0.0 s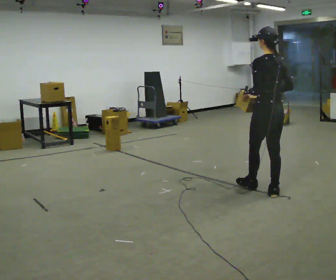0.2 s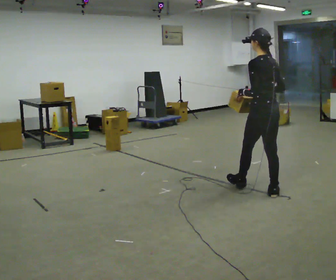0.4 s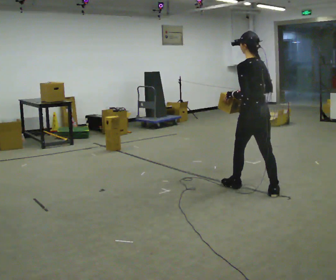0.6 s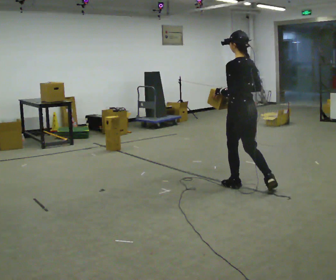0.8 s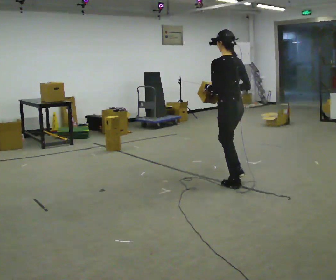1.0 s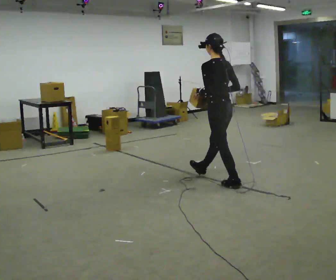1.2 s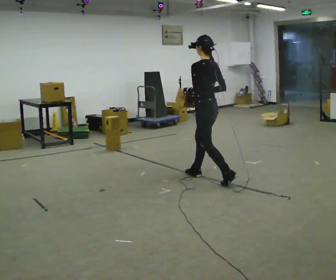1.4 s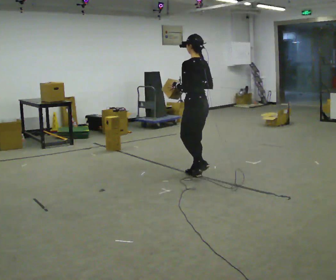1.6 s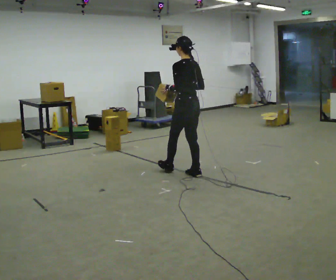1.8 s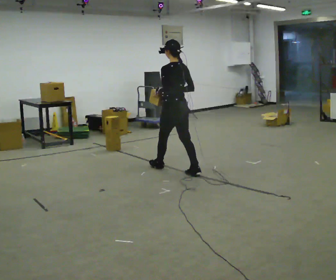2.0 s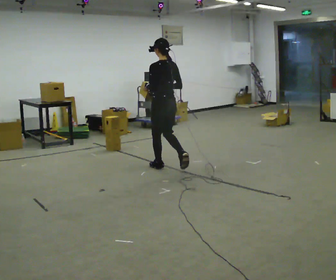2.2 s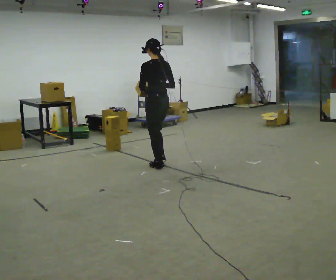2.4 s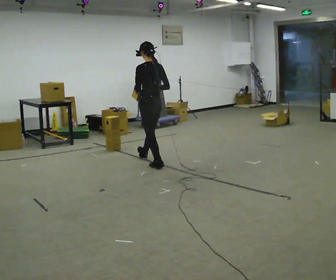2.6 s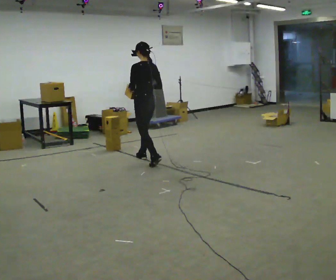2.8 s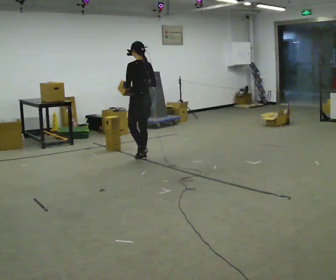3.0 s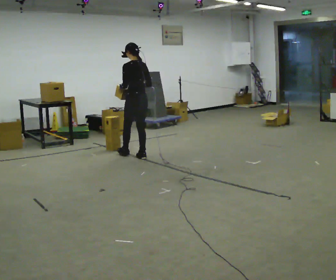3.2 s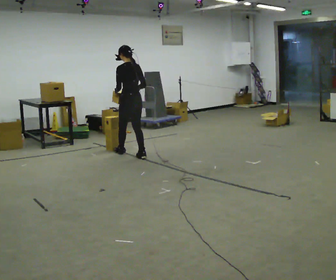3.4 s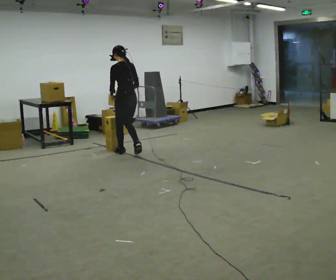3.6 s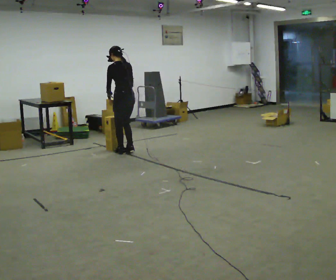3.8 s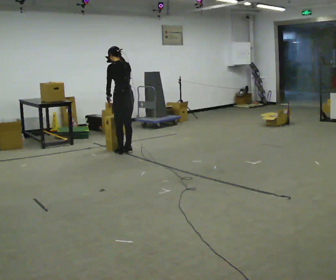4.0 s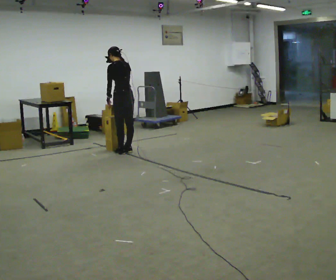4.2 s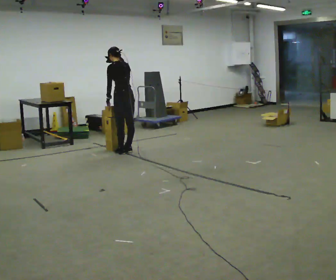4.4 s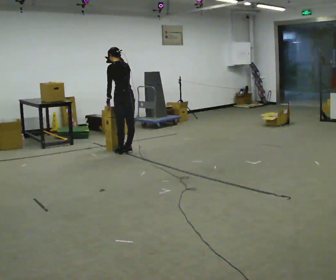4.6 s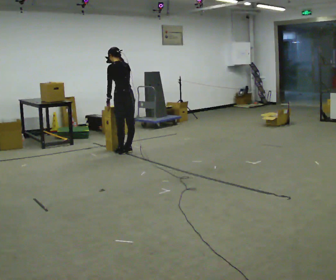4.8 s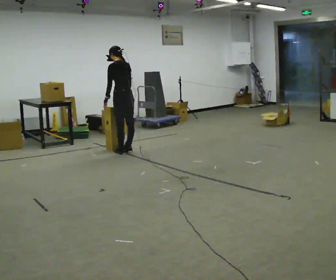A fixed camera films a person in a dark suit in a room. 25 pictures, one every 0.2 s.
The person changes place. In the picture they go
away from the camera.
0.0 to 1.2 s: In the picture they go away from the camera and to the left, about 1 m in 2 steps, which for them is forward.
1.2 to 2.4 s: In the picture they go away from the camera and to the left, about 1 m in 1 step, which for them is forward.
2.4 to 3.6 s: In the picture they go away from the camera and to the left, about 0.5 m in 2 steps, which for them is forward.
3.6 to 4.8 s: The person moves a little, or ends about where they began.
The film runs forward here.
